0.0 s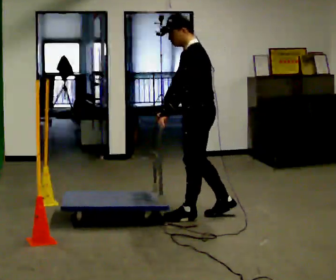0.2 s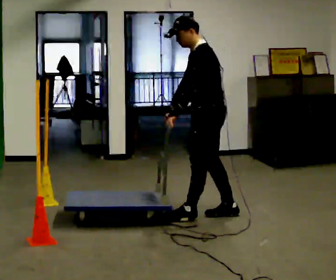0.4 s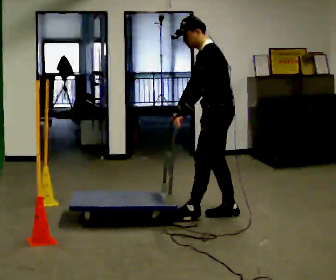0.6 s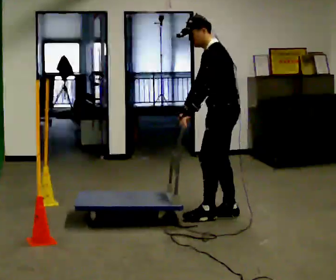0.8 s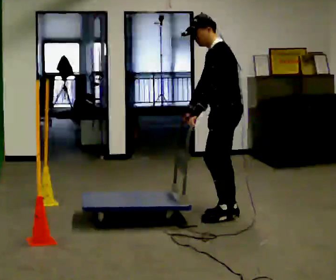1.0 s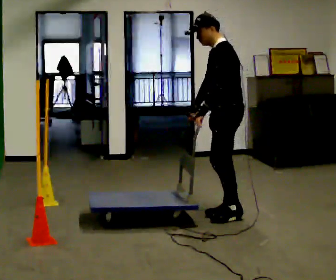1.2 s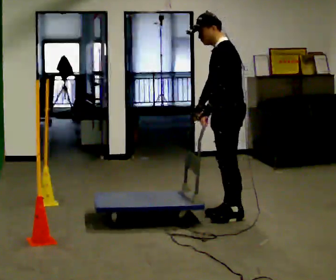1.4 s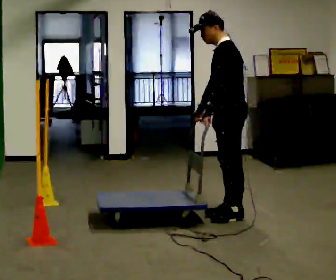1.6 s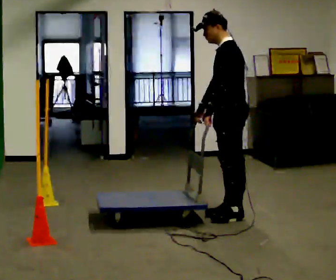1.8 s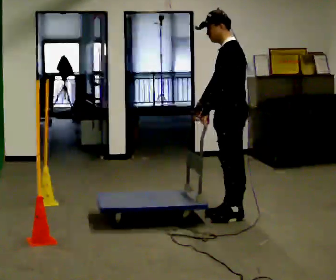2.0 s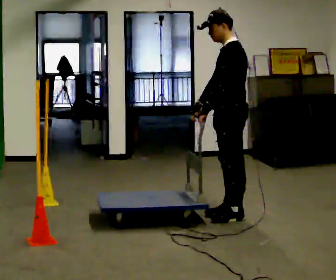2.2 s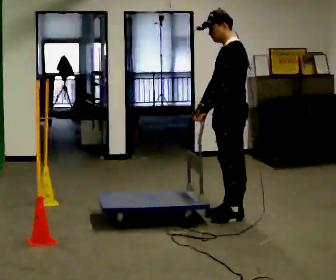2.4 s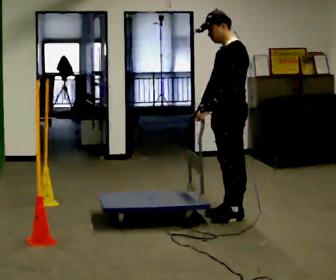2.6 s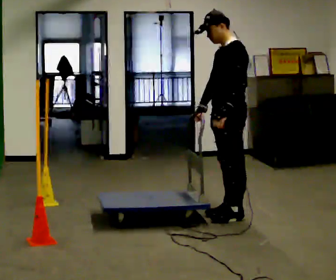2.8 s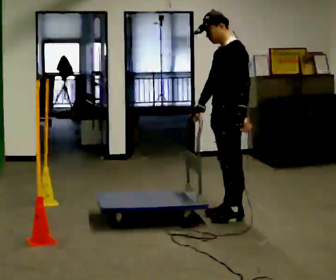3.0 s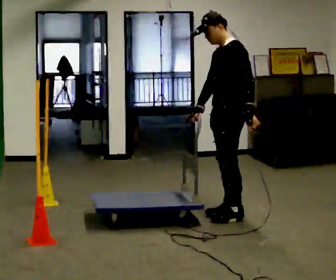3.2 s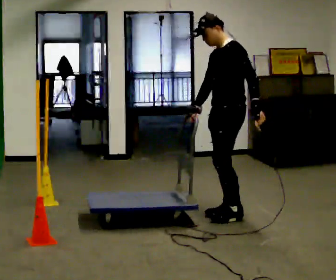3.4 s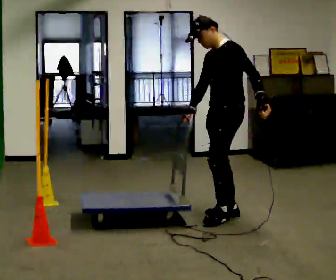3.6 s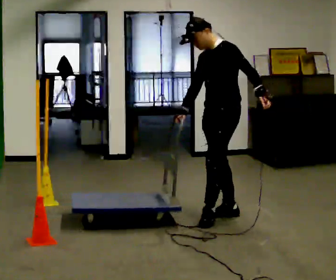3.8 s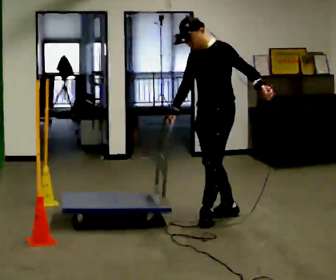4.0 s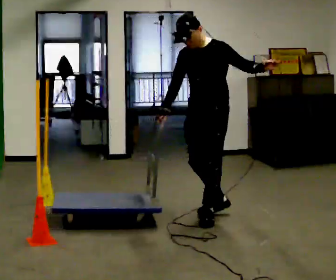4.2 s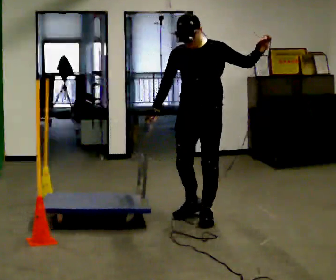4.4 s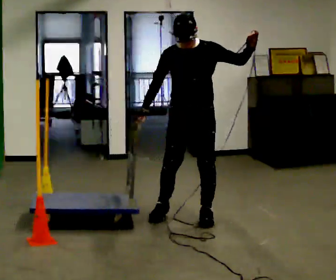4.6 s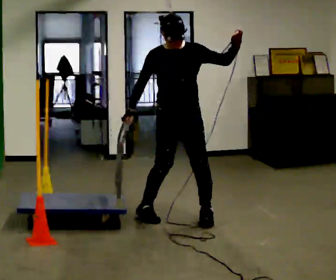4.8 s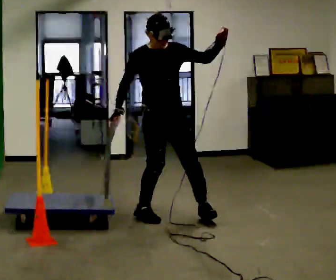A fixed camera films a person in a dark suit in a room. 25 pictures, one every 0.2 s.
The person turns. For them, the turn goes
to their left.
The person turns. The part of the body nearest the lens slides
to the right.
0.0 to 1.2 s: In the picture they go to the right, about 0.25 m in 1 step, which for them is backward.
1.2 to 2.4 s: The person moves a little, or ends about where they began.
2.4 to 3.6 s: In the picture their left hand goes to the right, the arm swinging counterclockwise.
3.6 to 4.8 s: The person turns about 90 degrees to their left, counterclockwise seen from above, so the part of the body nearest the lens slides to the right. In the picture they go to the left, about 0.5 m in 2 steps. In the picture their left hand goes upward, the arm swinging counterclockwise.
The film runs backward here.
